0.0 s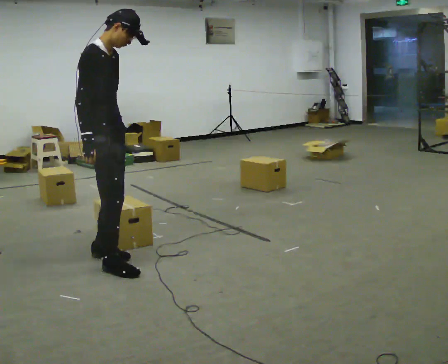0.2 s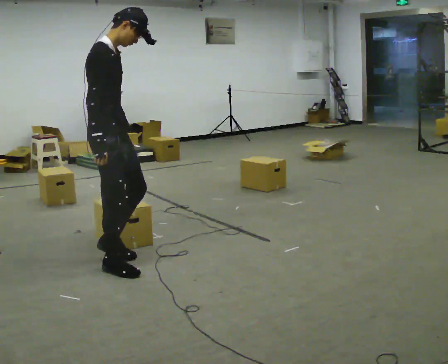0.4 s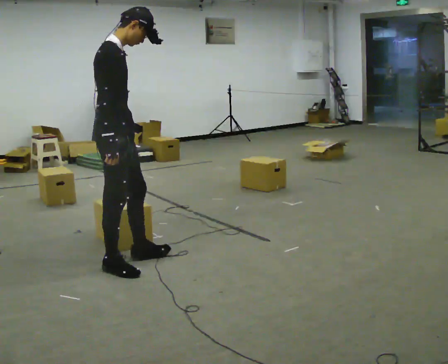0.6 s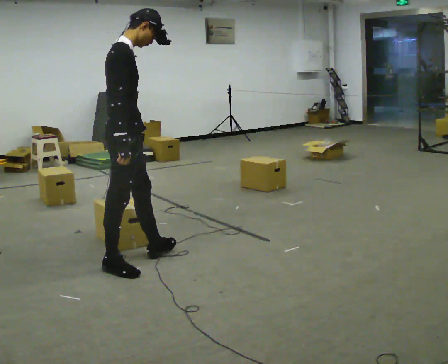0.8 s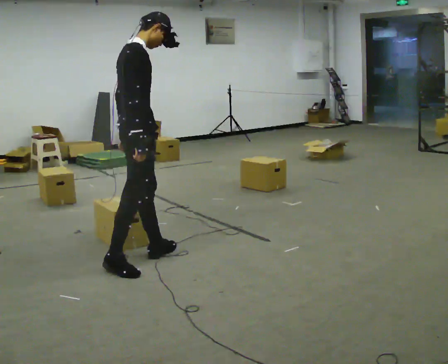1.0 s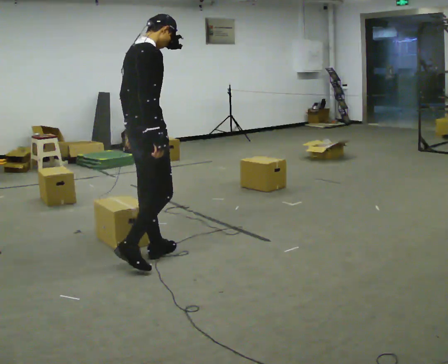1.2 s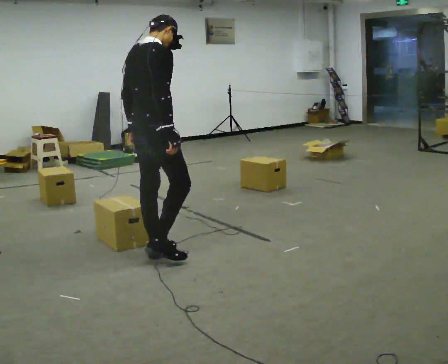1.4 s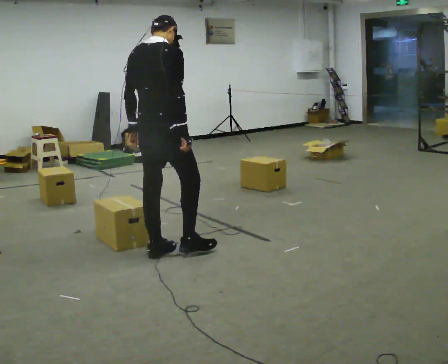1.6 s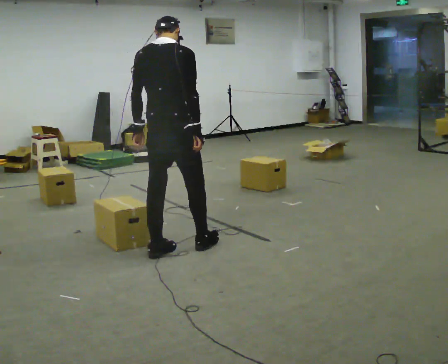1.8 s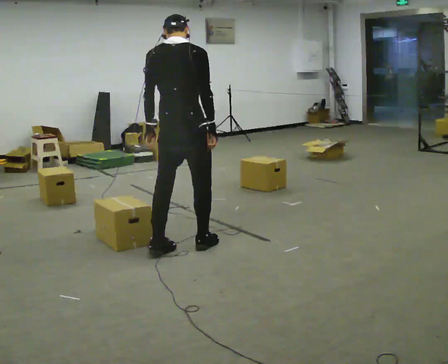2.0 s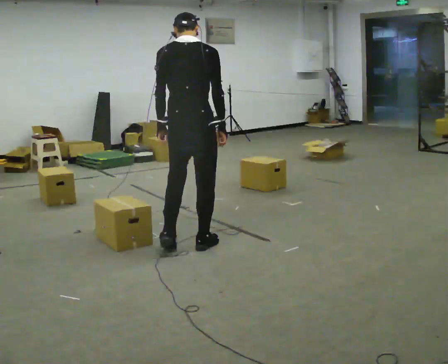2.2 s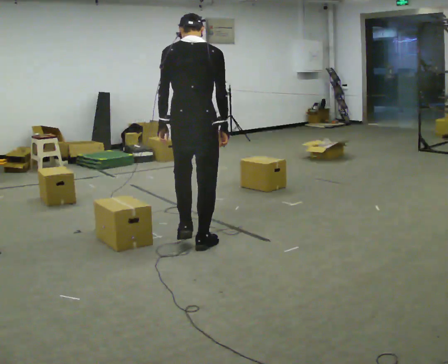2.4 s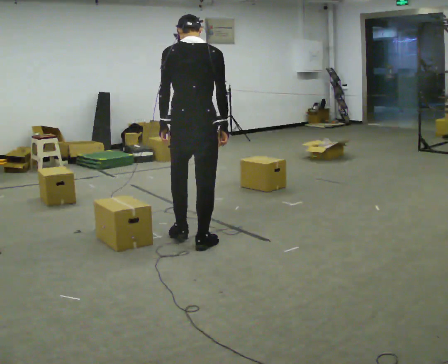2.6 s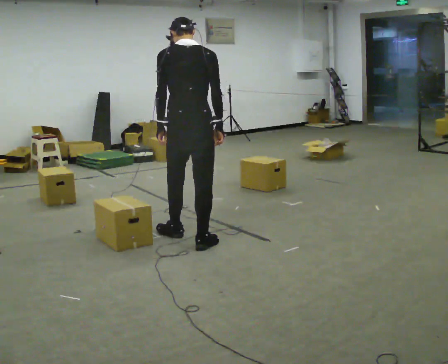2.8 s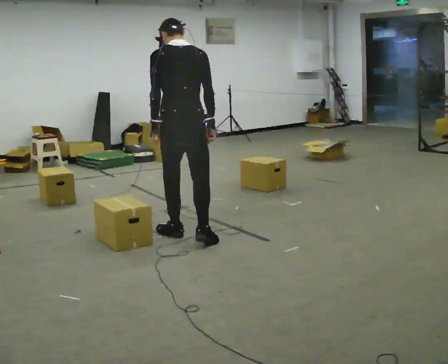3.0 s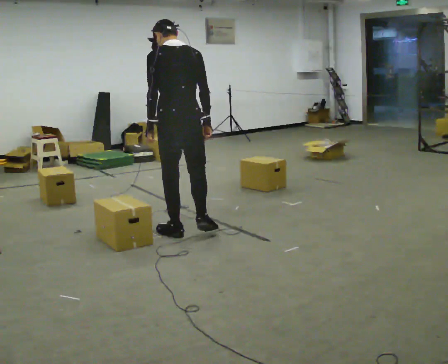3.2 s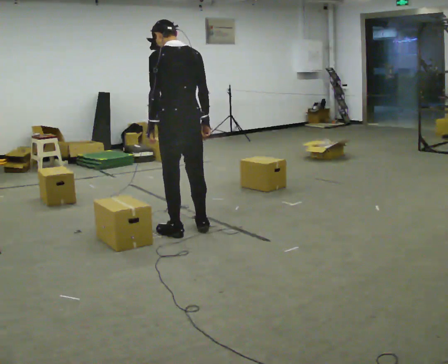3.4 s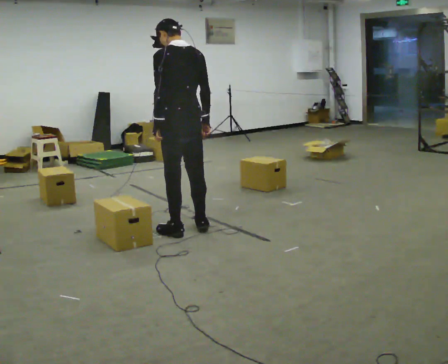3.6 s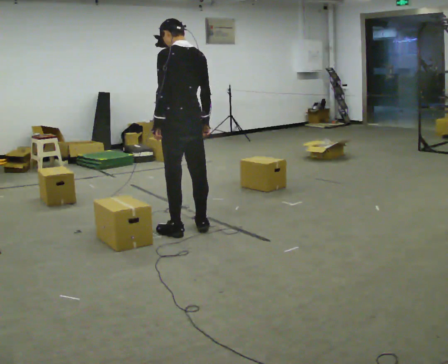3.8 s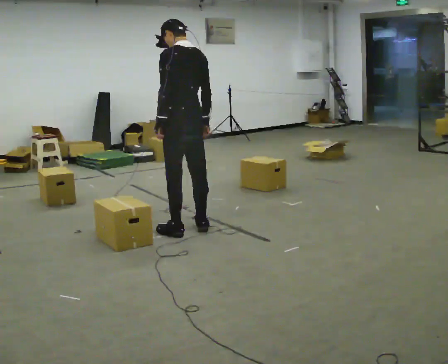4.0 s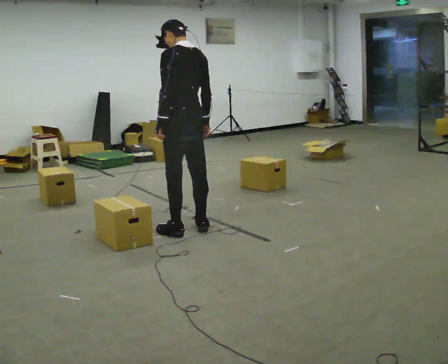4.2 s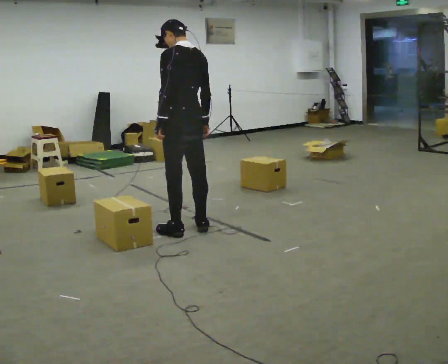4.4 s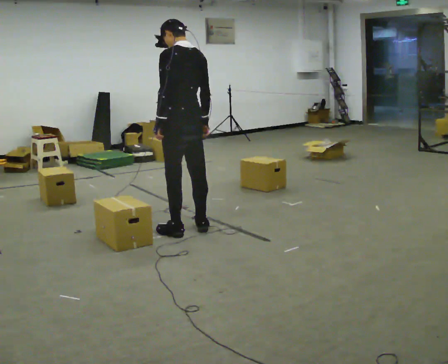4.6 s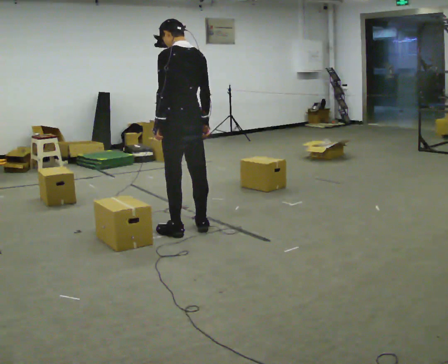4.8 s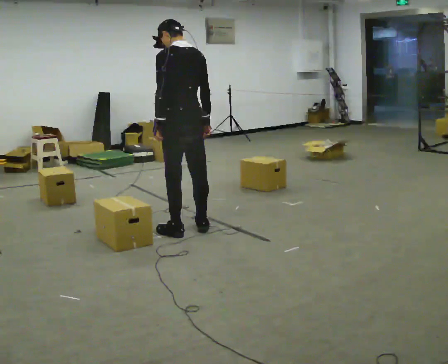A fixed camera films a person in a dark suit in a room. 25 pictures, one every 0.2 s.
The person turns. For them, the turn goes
to their left.
The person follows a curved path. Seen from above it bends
counterclockwise.
0.0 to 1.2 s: Seen from above the body turns counterclockwise, about 60 degrees: to their left, with its near side sliding to the right. In the picture they go to the right, about 0.25 m in 1 step, which for them is forward.
1.2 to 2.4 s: Seen from above the body turns counterclockwise, about 45 degrees: to their left, with its near side sliding to the right. In the picture they go to the right and away from the camera, about 0.5 m in 1 step, which for them is forward and to their right.
2.4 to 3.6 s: The person turns about 45 degrees to their left, counterclockwise seen from above, so the part of the body nearest the lens slides to the right. In the picture they go away from the camera, about 0.25 m in 2 steps, which for them is forward.
3.6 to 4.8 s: The person moves a little, or ends about where they began.
The film runs forward here.
